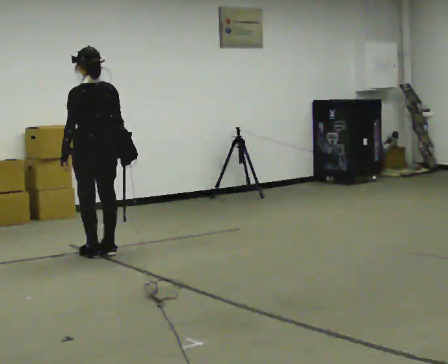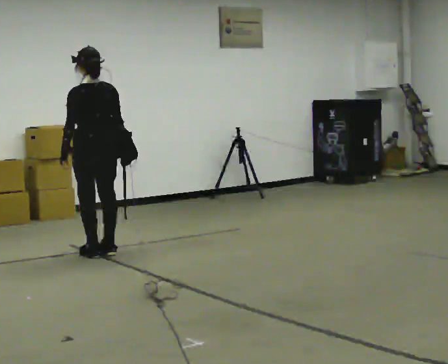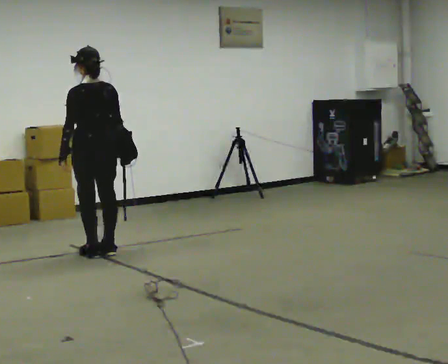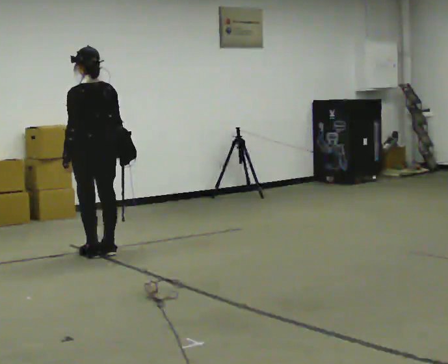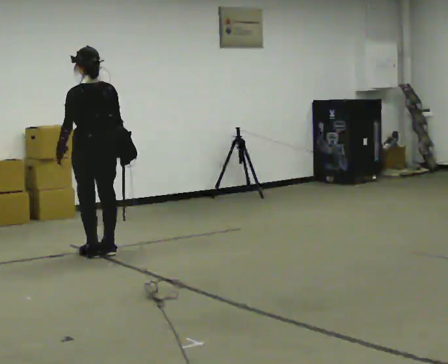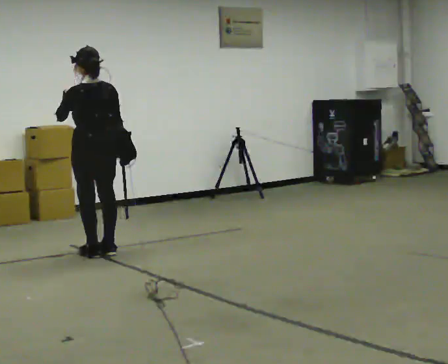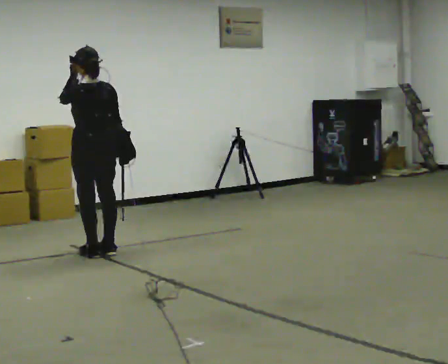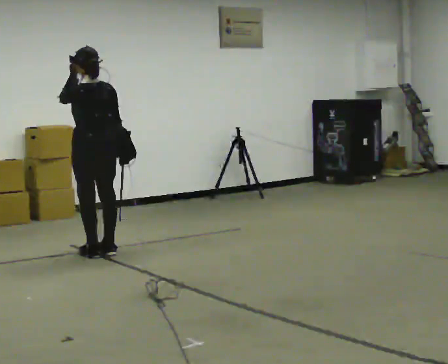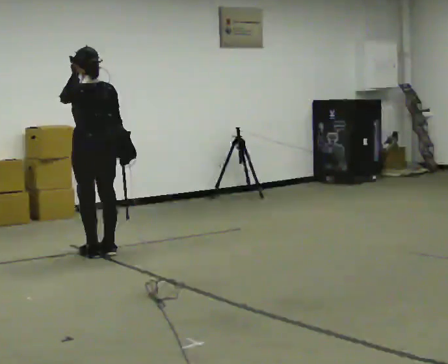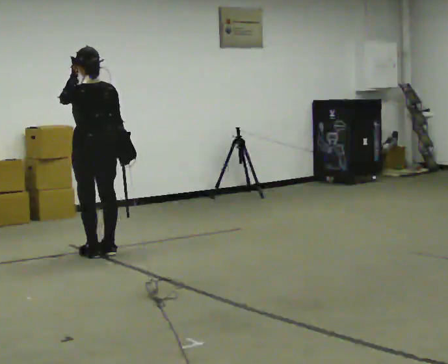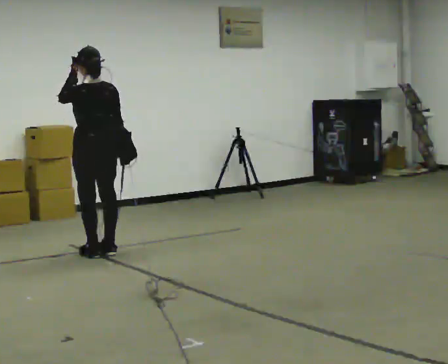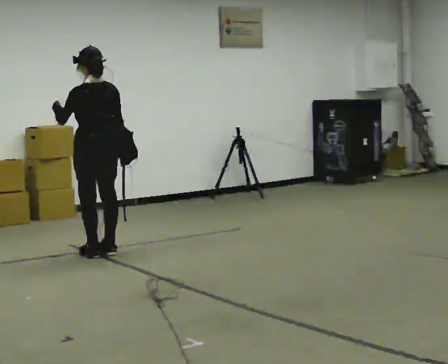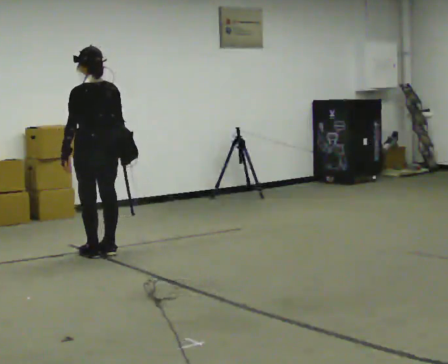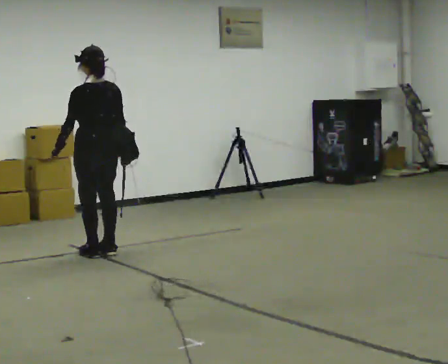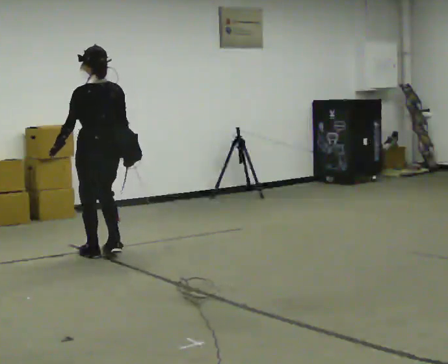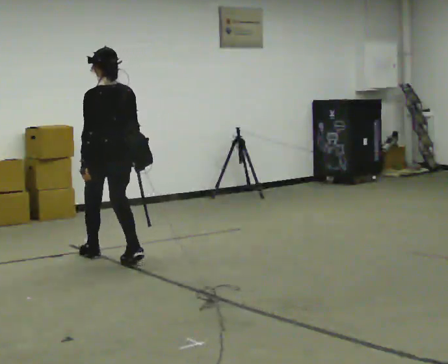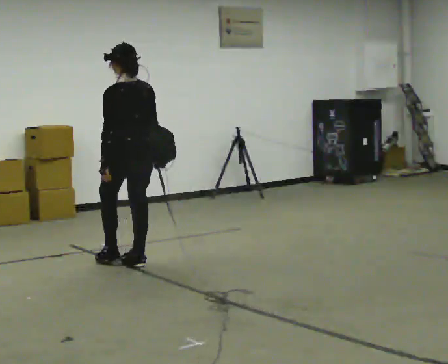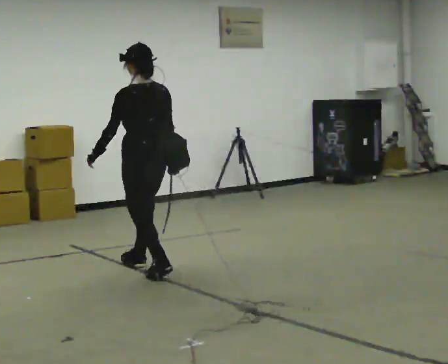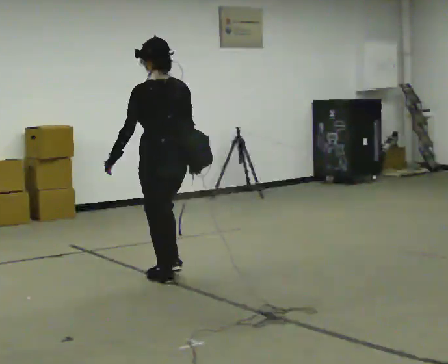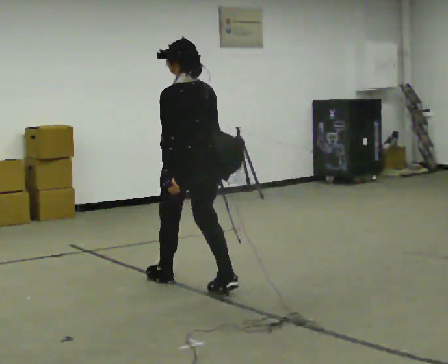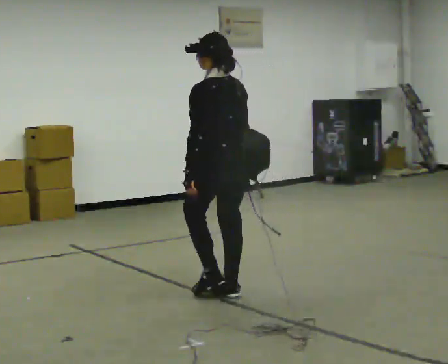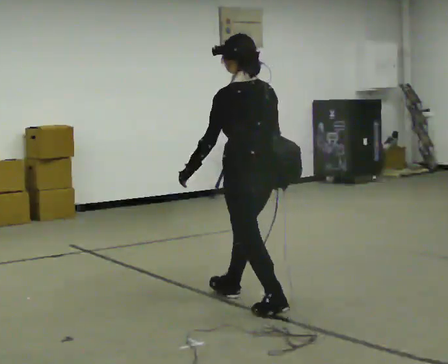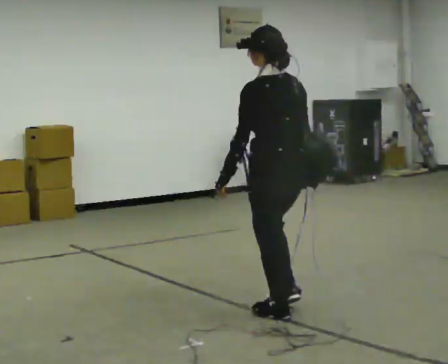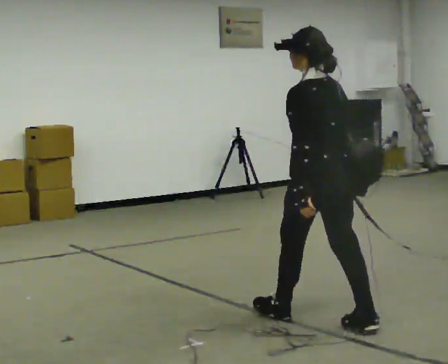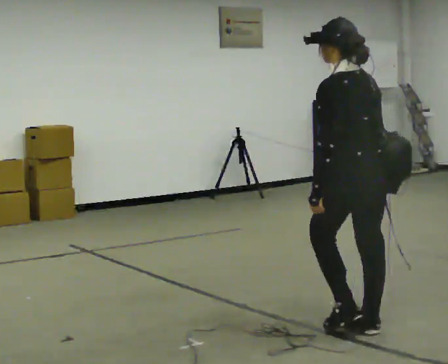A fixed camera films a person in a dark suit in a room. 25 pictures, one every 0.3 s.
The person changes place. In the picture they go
toward the camera.
0.0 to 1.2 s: The person moves a little, or ends about where they began.
1.2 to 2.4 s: In the picture their left hand goes upward.
2.4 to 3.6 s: In the picture their left hand goes downward.
3.6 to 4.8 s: In the picture they go toward the camera and to the right, about 0.5 m in 2 steps, which for them is backward.
4.8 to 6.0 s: In the picture they go toward the camera and to the right, about 1 m in 2 steps, which for them is backward.
6.0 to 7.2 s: In the picture they go toward the camera and to the right, about 1 m in 2 steps, which for them is backward.
The film runs backward here.
